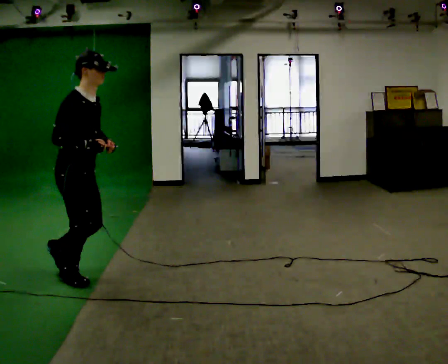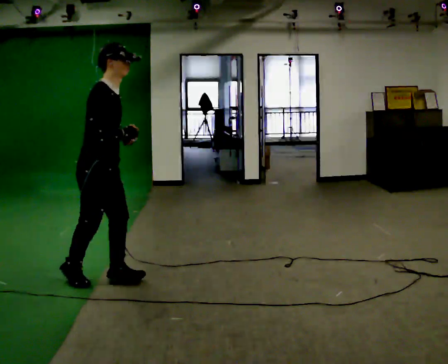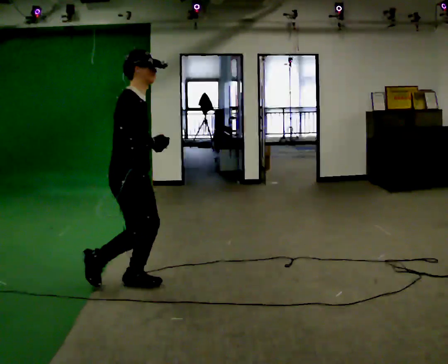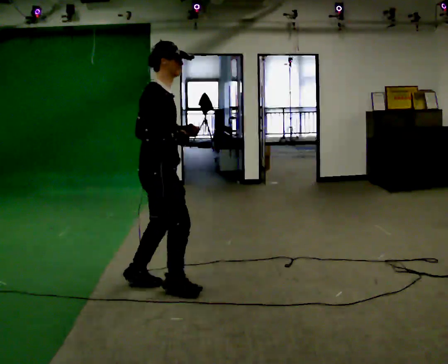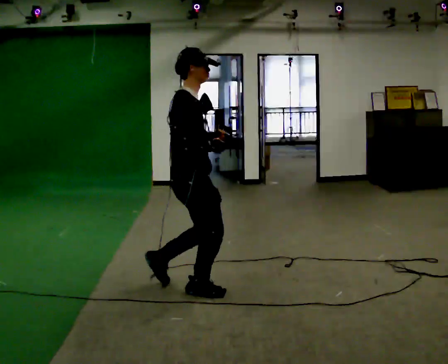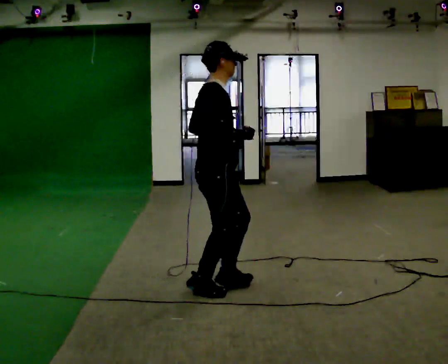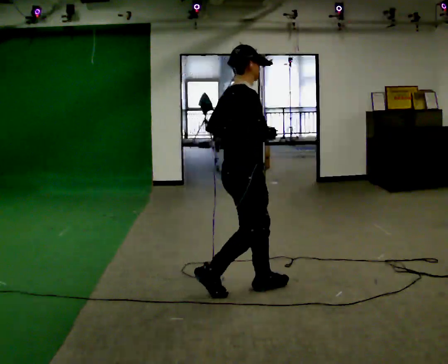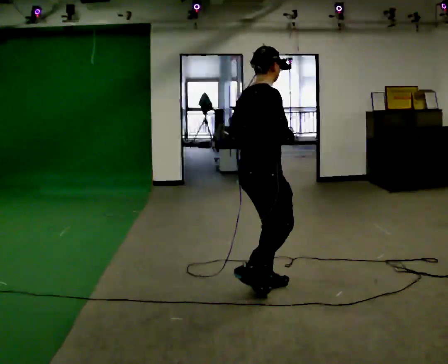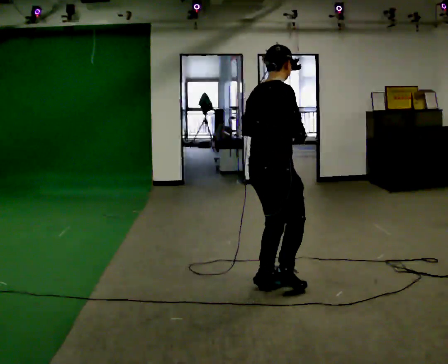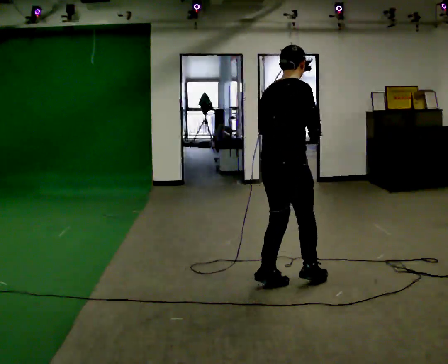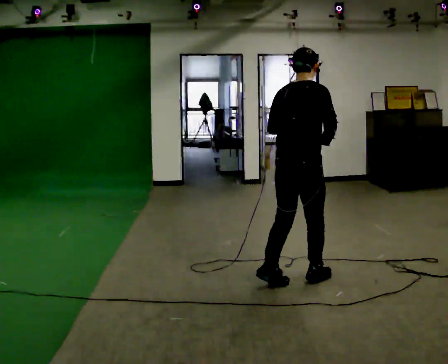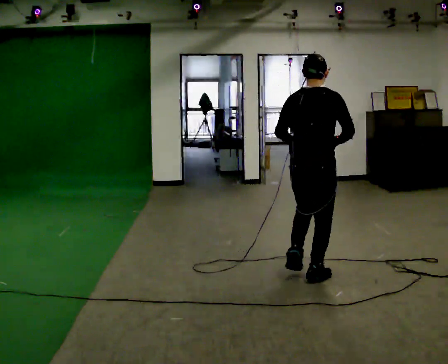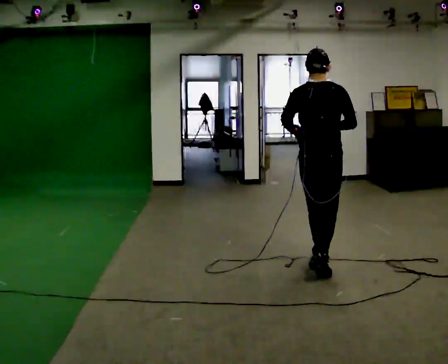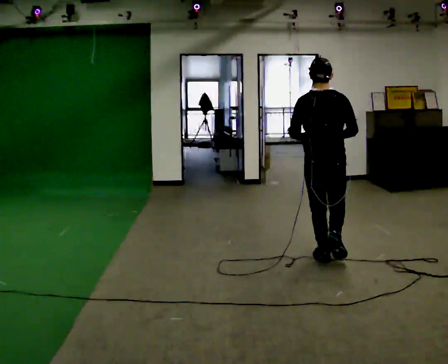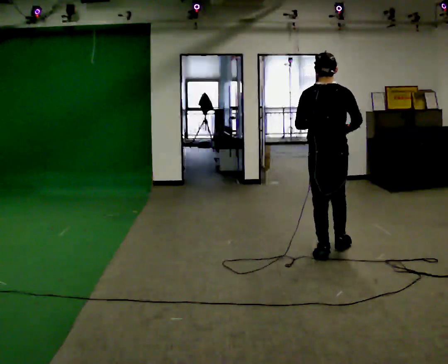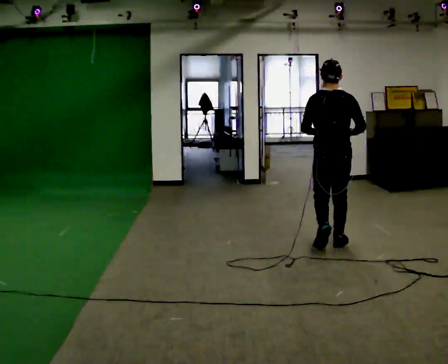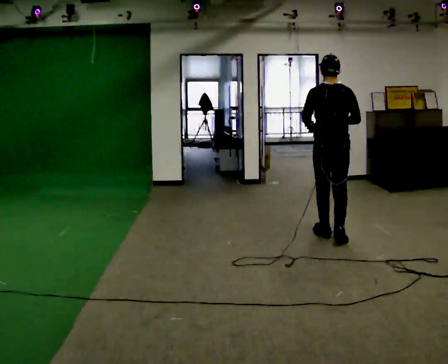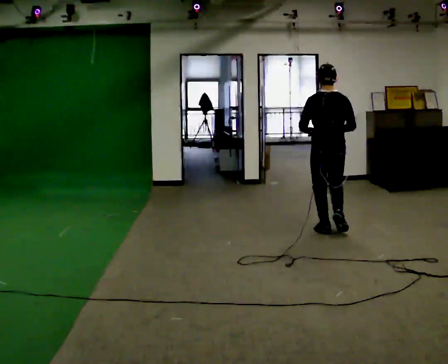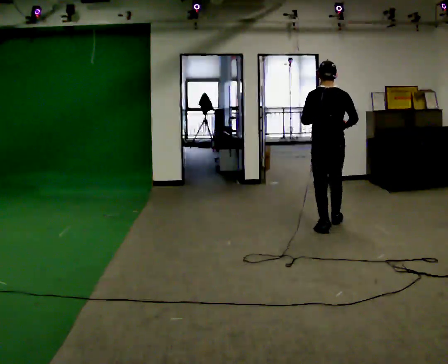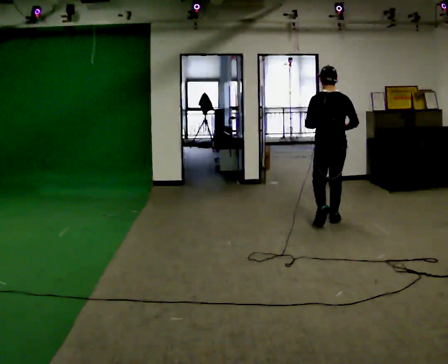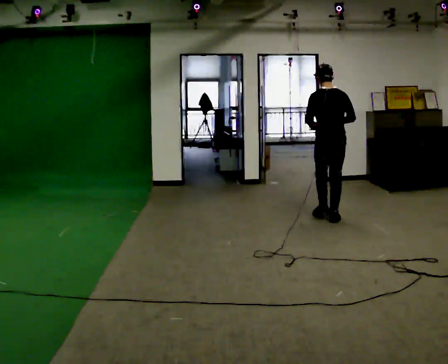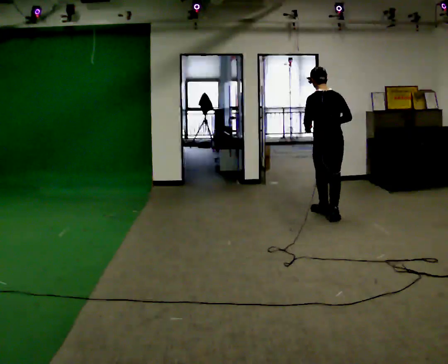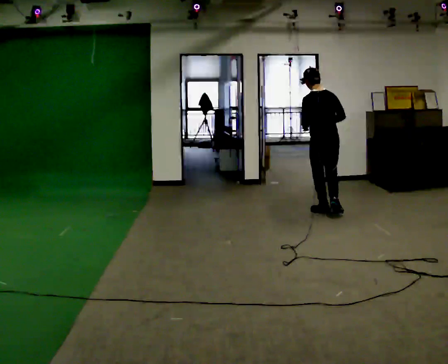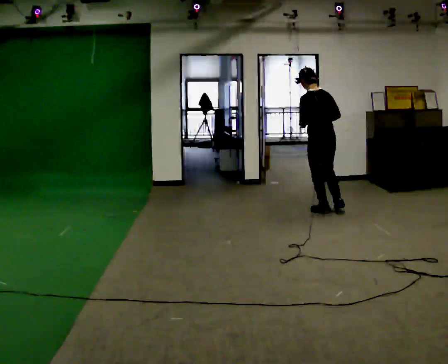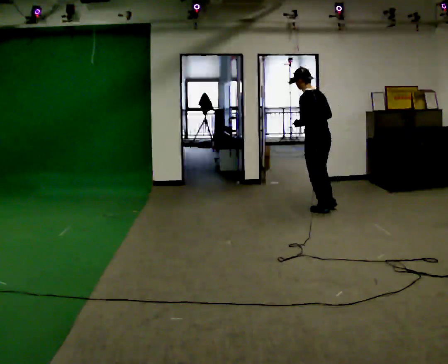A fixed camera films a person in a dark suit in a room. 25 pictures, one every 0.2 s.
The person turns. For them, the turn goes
to their left.
The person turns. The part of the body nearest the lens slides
to the right.
0.0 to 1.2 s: The person turns about 30 degrees to their left, counterclockwise seen from above, so the part of the body nearest the lens slides to the right. In the picture they go to the right, about 1 m in 3 steps, which for them is forward.
1.2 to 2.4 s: The person turns about 60 degrees to their left, counterclockwise seen from above, so the part of the body nearest the lens slides to the right. In the picture they go away from the camera and to the right, about 0.5 m in 1 step, which for them is forward.
2.4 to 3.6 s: In the picture they go away from the camera, about 1 m in 3 steps, which for them is forward.
3.6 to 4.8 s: The person turns about 45 degrees to their left, counterclockwise seen from above, so the part of the body nearest the lens slides to the right. In the picture they go away from the camera, about 0.5 m in 2 steps, which for them is forward.
The film runs forward here.
